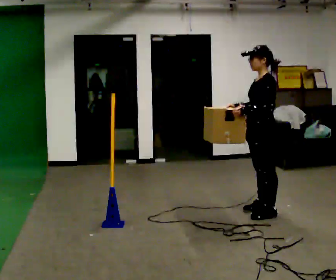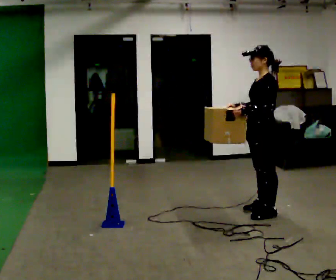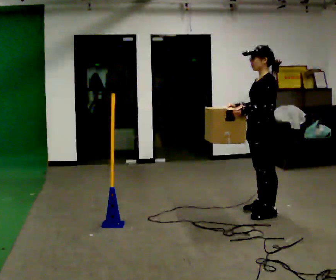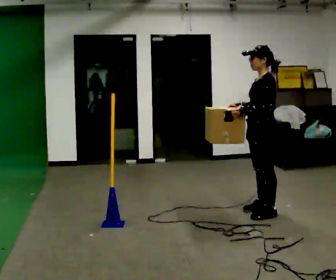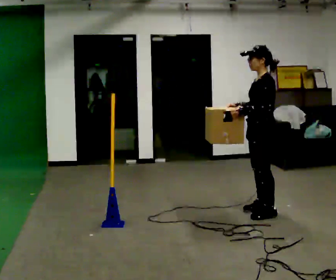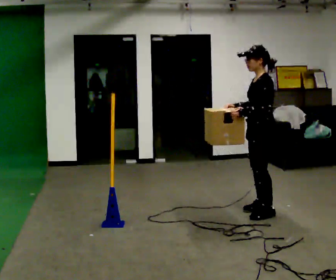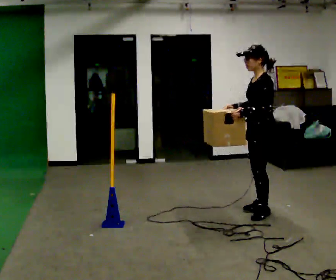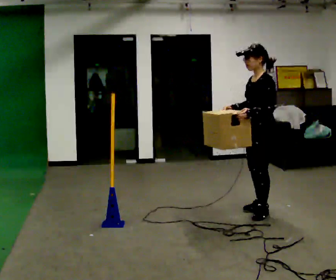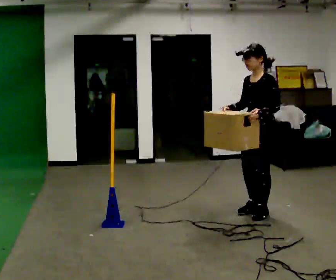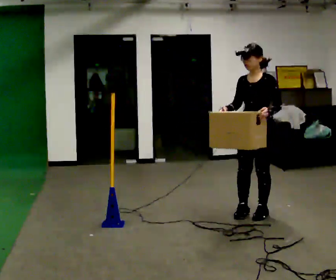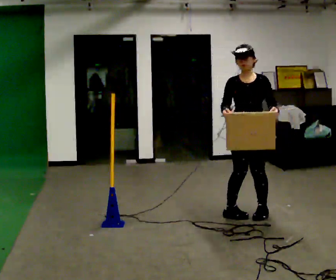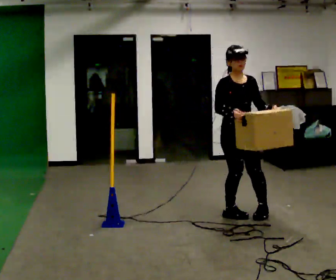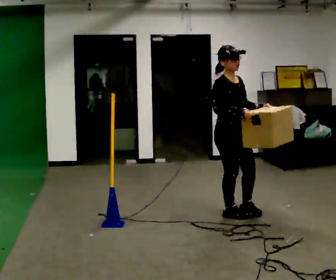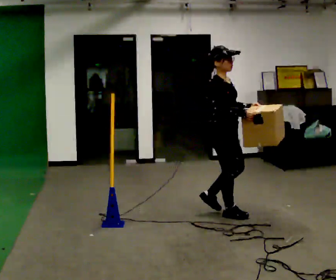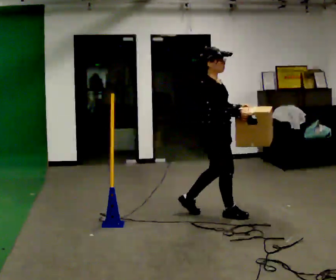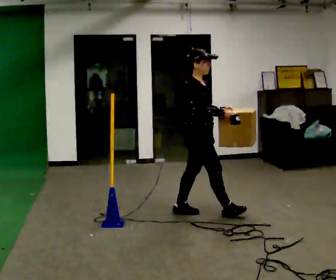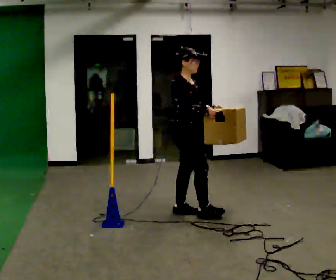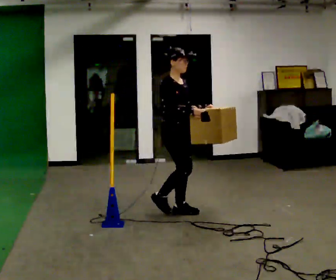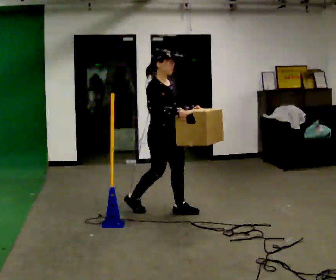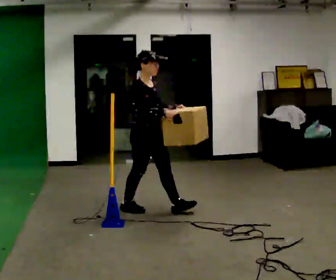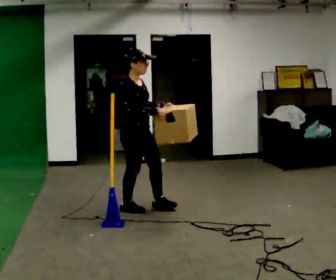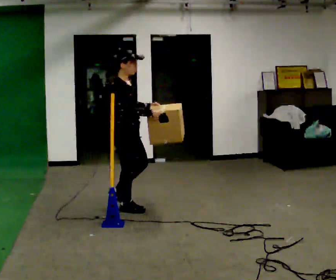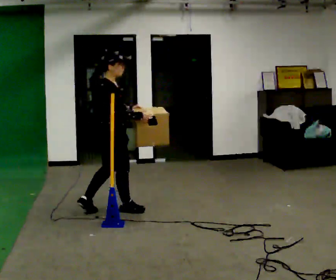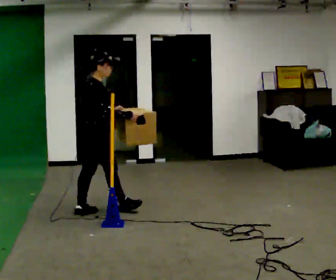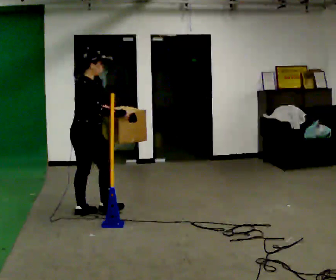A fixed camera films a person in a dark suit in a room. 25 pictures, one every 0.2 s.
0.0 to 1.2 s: The person moves a little, or ends about where they began.
1.2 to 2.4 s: The person turns about 135 degrees to their left, counterclockwise seen from above, so the part of the body nearest the lens slides to the right. In the picture they go to the left and toward the camera, about 0.25 m in 2 steps.
2.4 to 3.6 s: In the picture they go to the left, about 0.75 m in 1 step, which for them is backward.
3.6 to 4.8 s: Seen from above the body turns counterclockwise, about 60 degrees: to their left, with its near side sliding to the right. In the picture they go to the left, about 0.5 m in 2 steps.
The film runs backward here.
